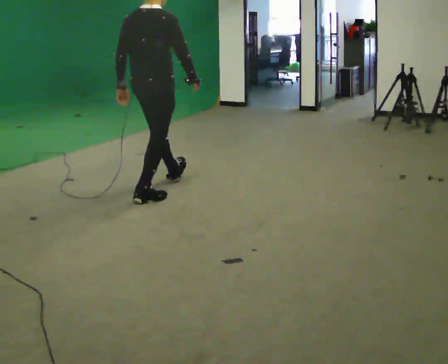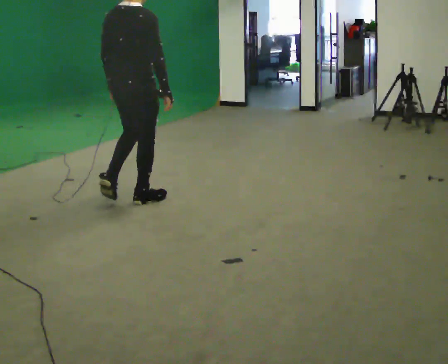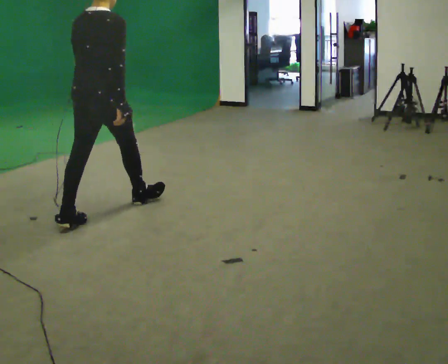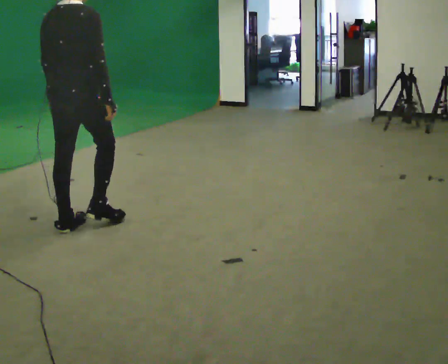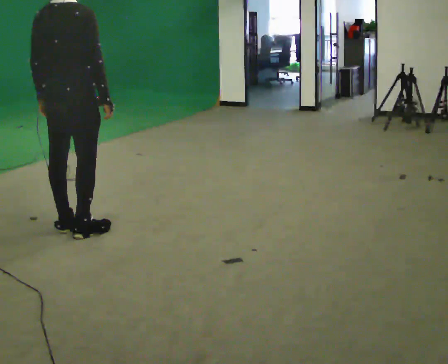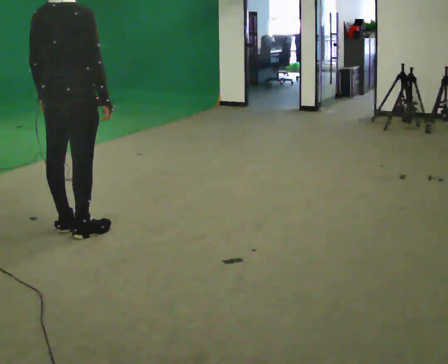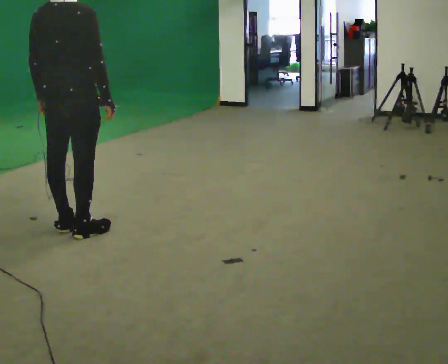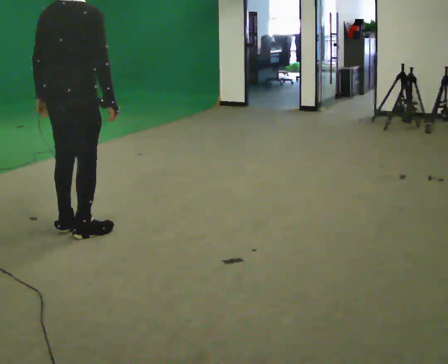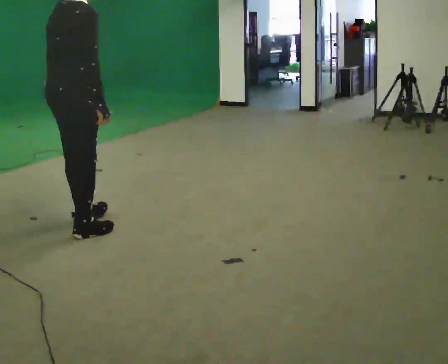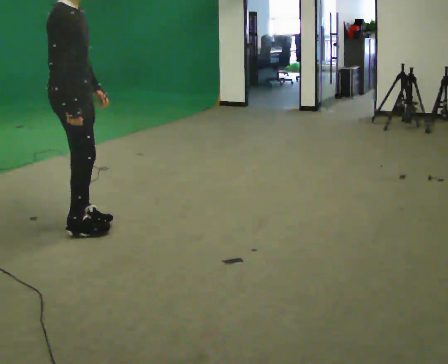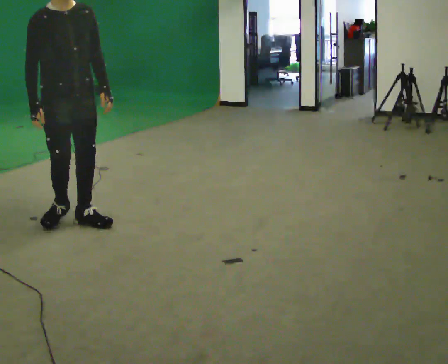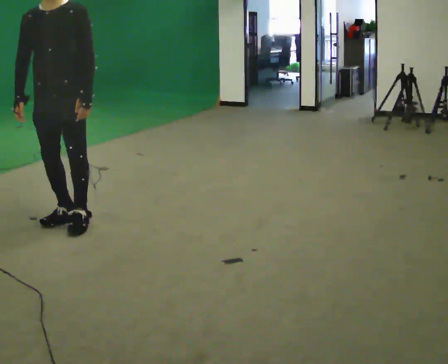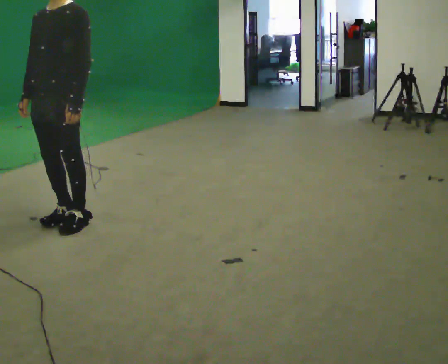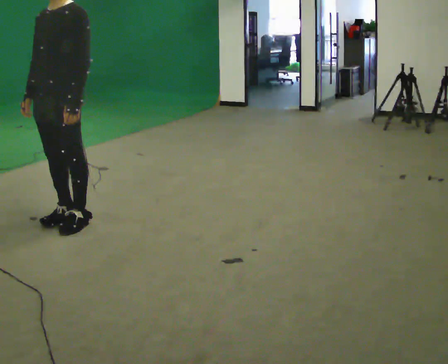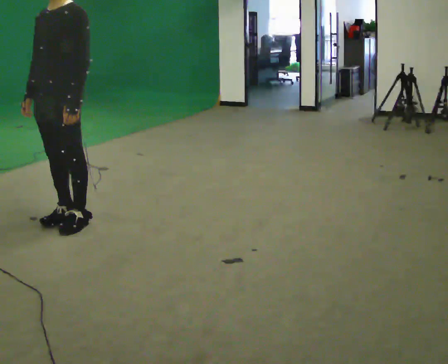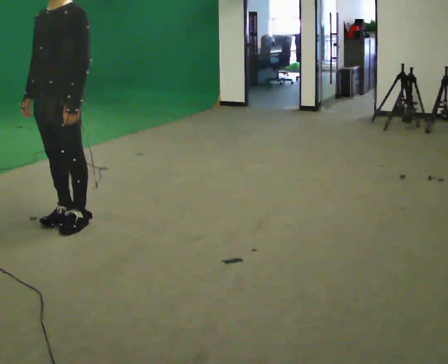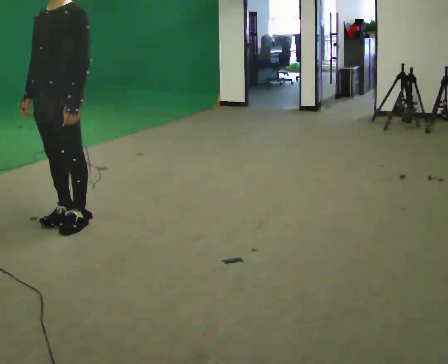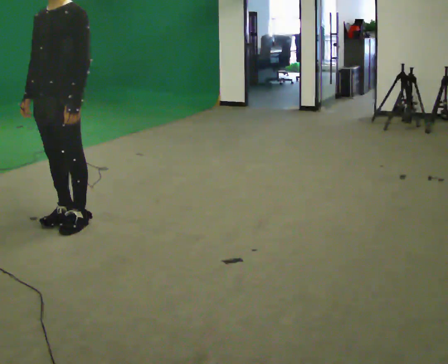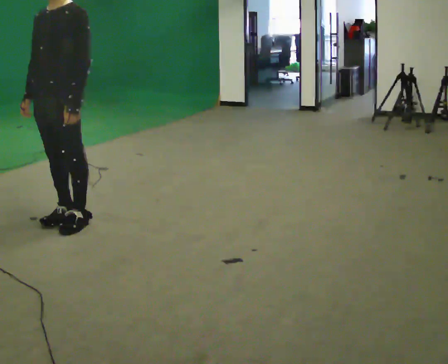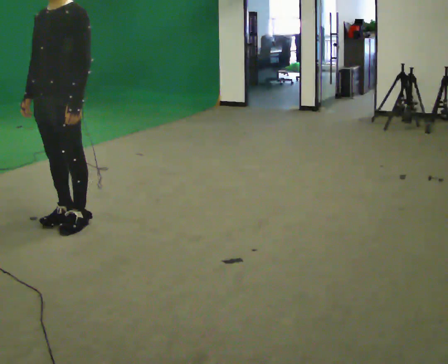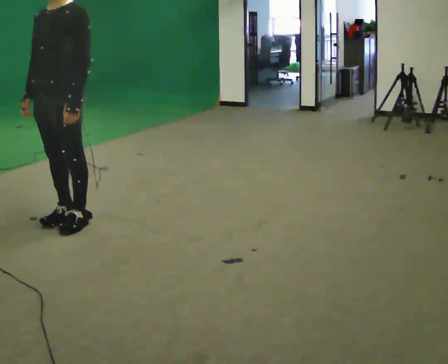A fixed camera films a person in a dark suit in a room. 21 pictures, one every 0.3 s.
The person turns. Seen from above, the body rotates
clockwise.
The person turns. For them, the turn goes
to their right.
0.0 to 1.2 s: In the picture they go to the left and toward the camera, about 1 m in 1 step, which for them is backward.
1.2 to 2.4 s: The person moves a little, or ends about where they began.
2.4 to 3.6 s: The part of the body nearest the lens slides to the left as the person turns to their right by about 165 degrees. In the picture they go away from the camera, about 0.25 m in 1 step.
3.6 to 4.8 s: The person moves a little, or ends about where they began.
4.8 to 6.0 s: The person keeps their place and pose.
The film runs backward here.
